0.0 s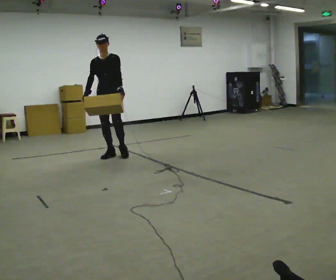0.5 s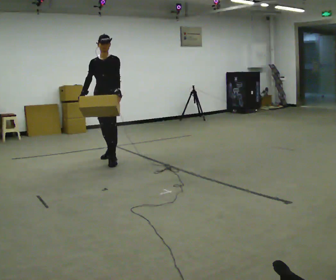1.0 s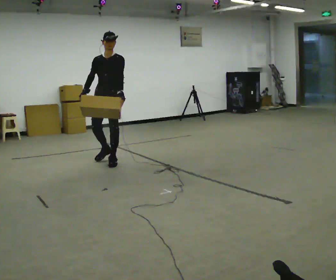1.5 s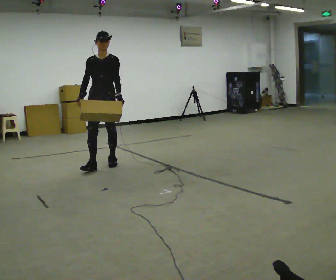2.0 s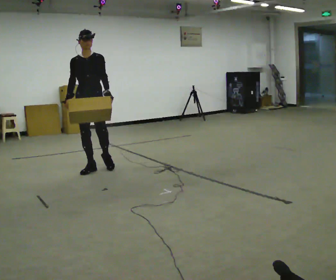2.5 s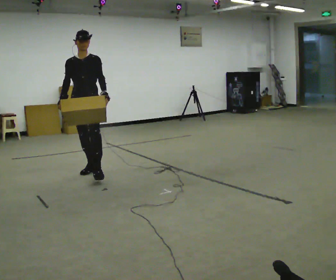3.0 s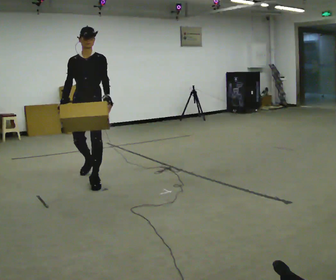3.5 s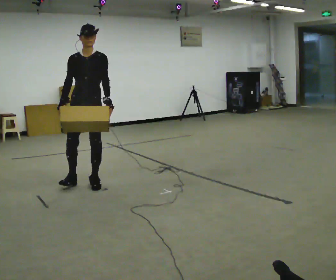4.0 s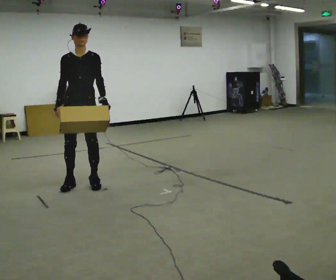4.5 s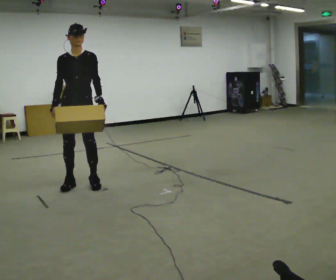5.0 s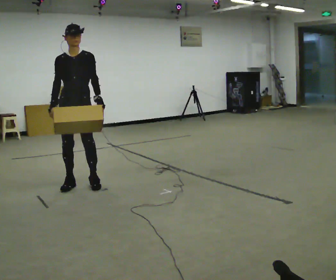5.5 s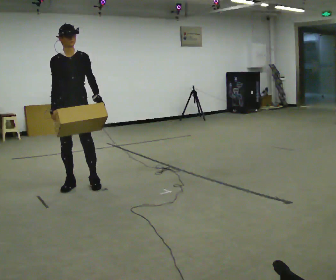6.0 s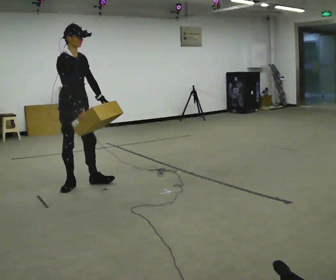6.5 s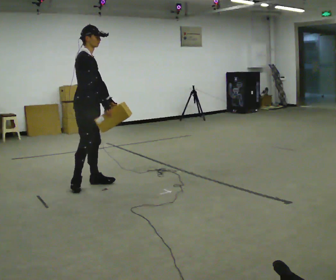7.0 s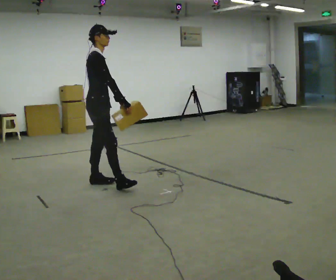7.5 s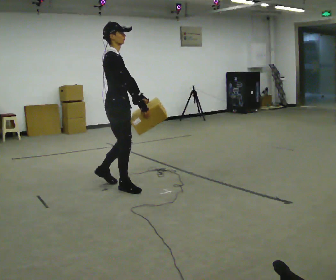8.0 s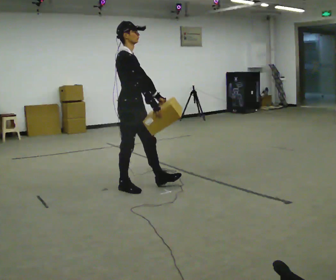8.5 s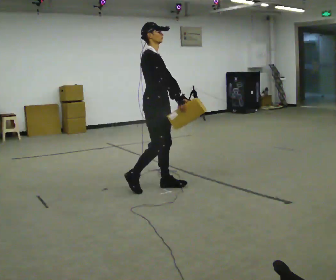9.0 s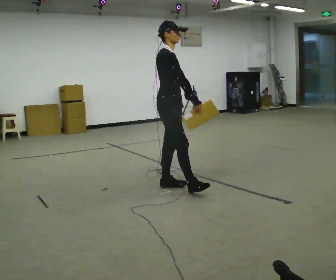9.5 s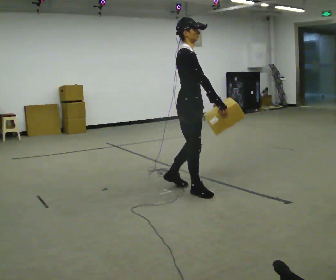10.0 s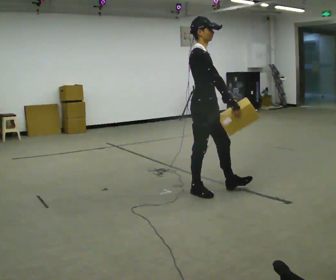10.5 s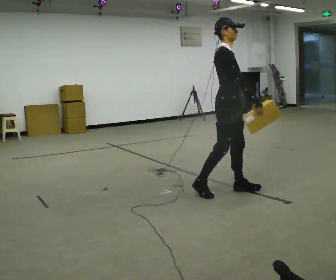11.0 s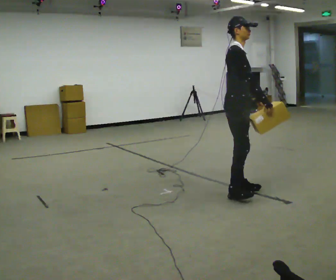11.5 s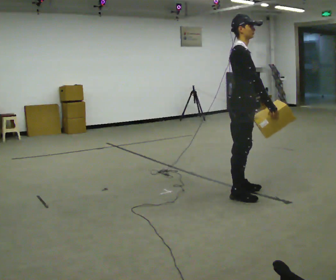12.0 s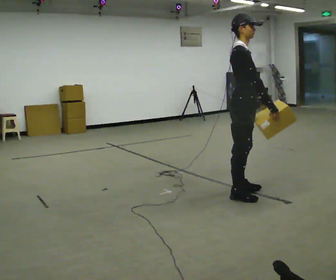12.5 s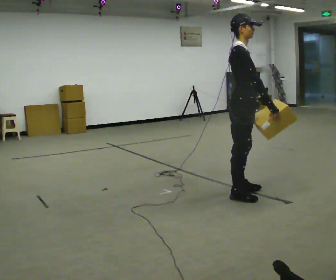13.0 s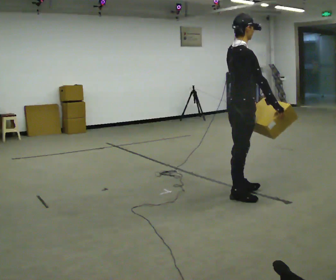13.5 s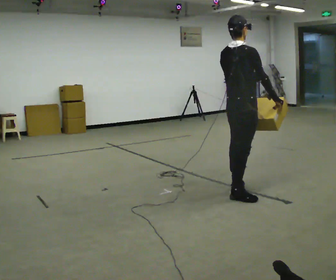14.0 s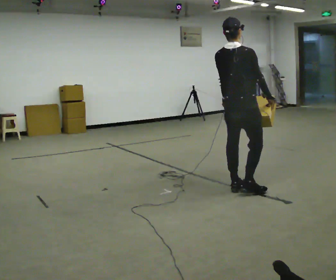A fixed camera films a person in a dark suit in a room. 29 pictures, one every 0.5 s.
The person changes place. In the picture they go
toward the camera.
0.0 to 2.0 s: In the picture they go toward the camera, about 1 m in 2 steps, which for them is forward.
2.0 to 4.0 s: In the picture they go toward the camera, about 0.5 m in 2 steps, which for them is forward.
4.0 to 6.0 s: Seen from above the body turns counterclockwise, about 60 degrees: to their left, with its near side sliding to the right.
6.0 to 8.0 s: In the picture they go to the right and toward the camera, about 0.75 m in 1 step, which for them is forward.
8.0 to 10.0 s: In the picture they go to the right and toward the camera, about 0.5 m in 2 steps, which for them is forward.
10.0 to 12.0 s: In the picture they go to the right and toward the camera, about 0.25 m in 2 steps, which for them is forward.
12.0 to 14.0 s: The part of the body nearest the lens slides to the right as the person turns to their left by about 75 degrees.
The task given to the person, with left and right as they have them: Carry the medium box in both hands in front of you, walking back and forth across the room. Keep walking until the operator says stop.
The film runs forward here.
